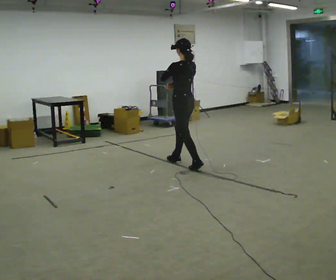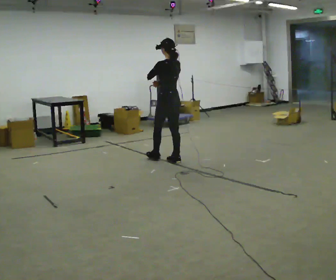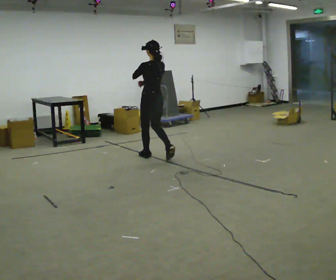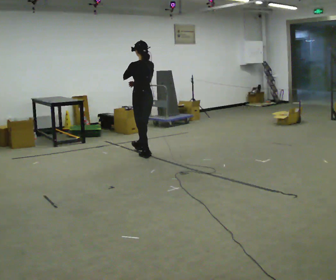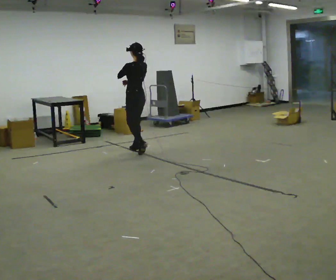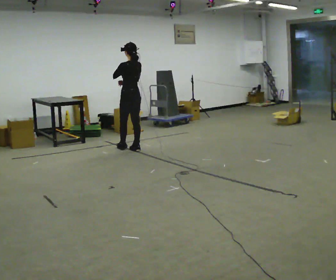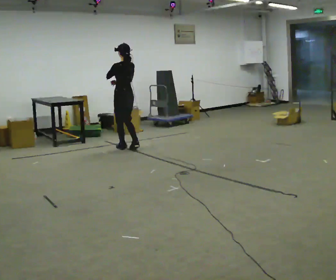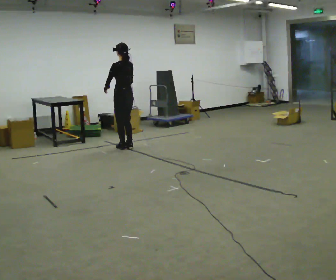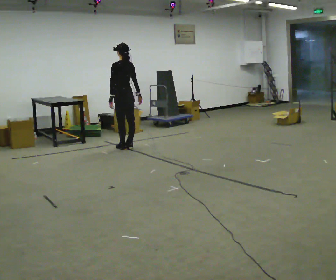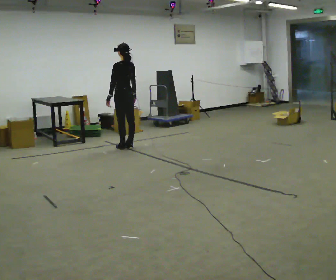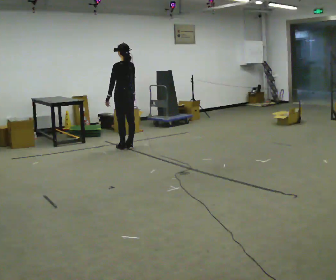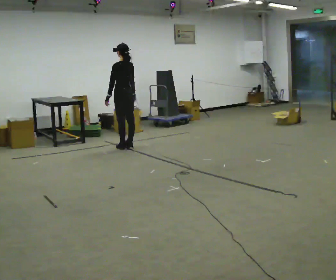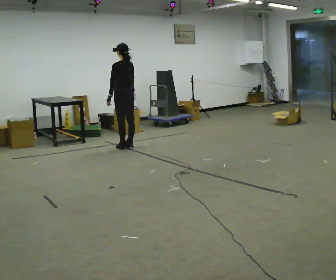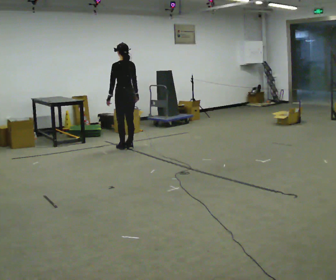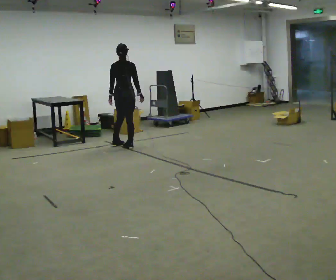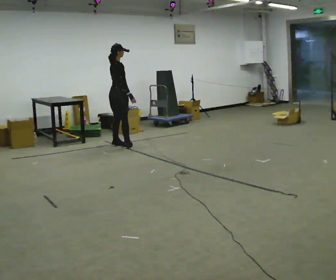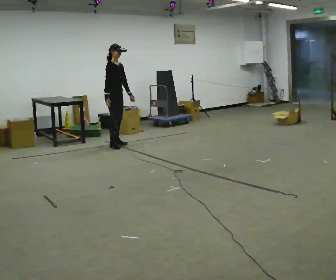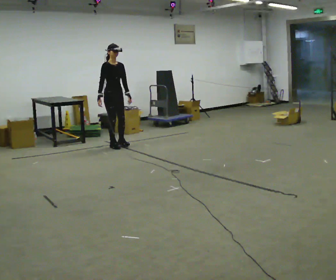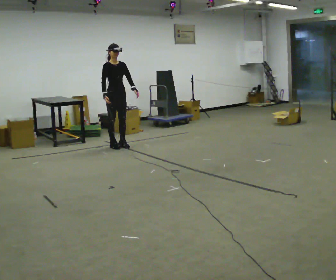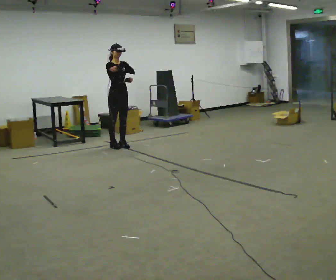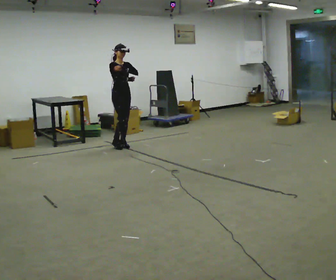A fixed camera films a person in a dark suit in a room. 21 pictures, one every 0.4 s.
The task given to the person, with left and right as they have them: Walk normally but hold both hands together in front of you at chest height; do not swing your arms; stop.
0.0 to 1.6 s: In the picture they go away from the camera and to the left, about 1 m in 2 steps, which for them is forward.
1.6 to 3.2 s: In the picture they go away from the camera and to the left, about 0.25 m in 2 steps, which for them is forward. In the picture their left hand goes downward.
3.2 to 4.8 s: The person moves a little, or ends about where they began.
4.8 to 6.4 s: Seen from above the body turns clockwise, about 165 degrees: to their right, with its near side sliding to the left. In the picture they go to the left and away from the camera, about 0.25 m in 2 steps.
6.4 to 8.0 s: The part of the body nearest the lens slides to the left as the person turns to their right by about 30 degrees. In the picture their left hand goes upward.
The film runs forward here.
